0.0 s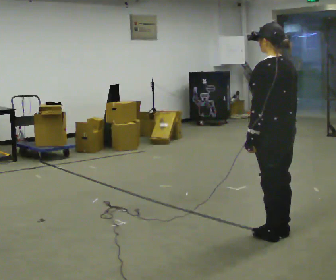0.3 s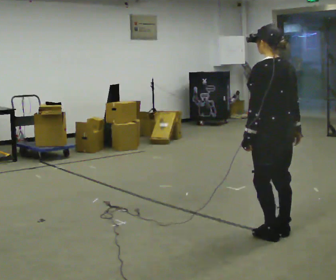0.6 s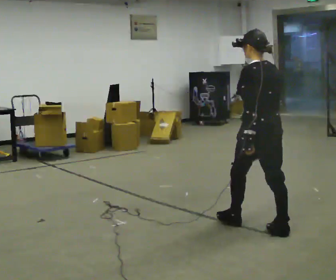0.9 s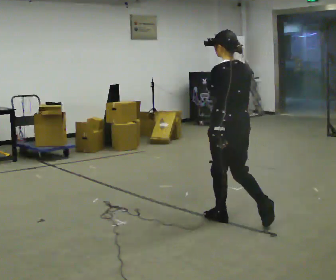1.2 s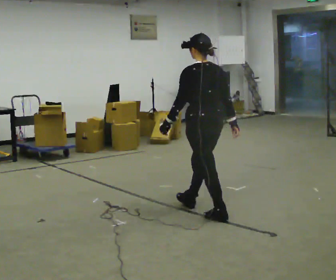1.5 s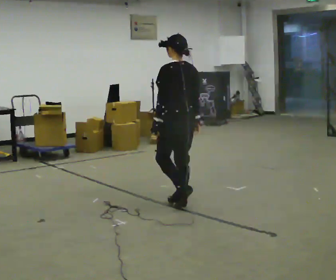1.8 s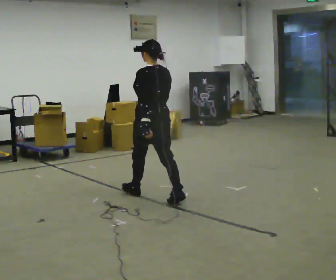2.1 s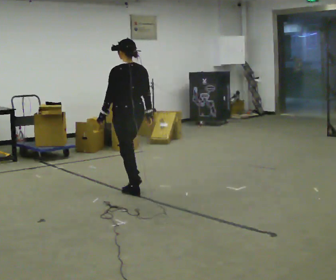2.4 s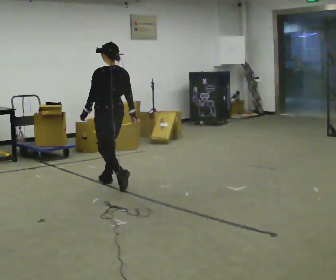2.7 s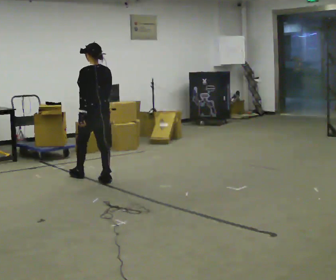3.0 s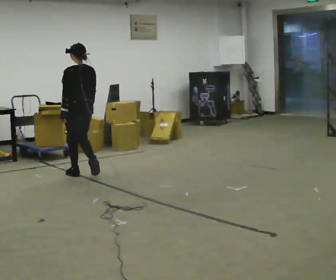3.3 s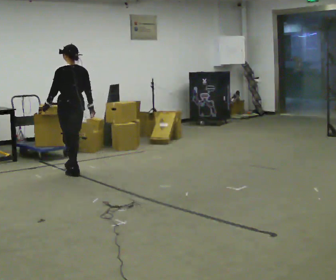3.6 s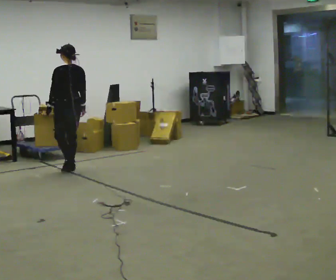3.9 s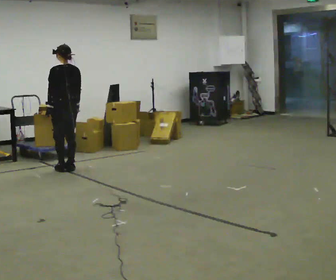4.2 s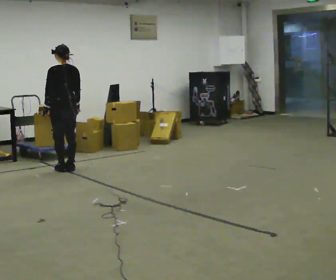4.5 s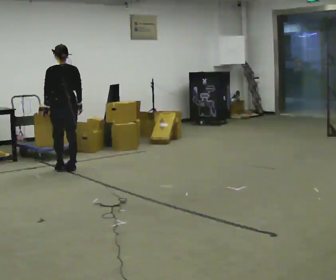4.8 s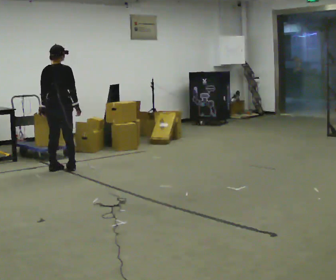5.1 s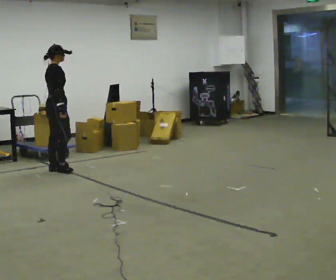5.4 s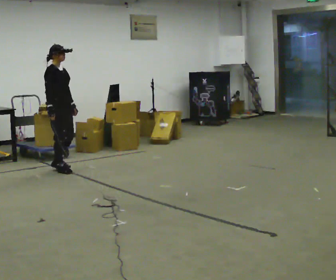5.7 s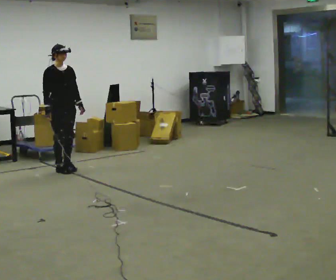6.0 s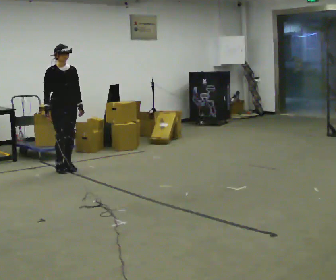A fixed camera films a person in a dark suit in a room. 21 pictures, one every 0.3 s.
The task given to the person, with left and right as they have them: Walk quickly but do not run; remain comfortable and controlled; stop.
0.0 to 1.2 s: In the picture they go away from the camera and to the left, about 1 m in 1 step, which for them is forward.
1.2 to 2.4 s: In the picture they go away from the camera and to the left, about 1.5 m in 3 steps, which for them is forward.
2.4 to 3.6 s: In the picture they go away from the camera and to the left, about 1 m in 2 steps, which for them is forward.
3.6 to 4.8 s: The person turns about 60 degrees to their right, clockwise seen from above, so the part of the body nearest the lens slides to the left. In the picture they go to the left, about 0.25 m in 1 step.
4.8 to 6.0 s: The part of the body nearest the lens slides to the left as the person turns to their right by about 120 degrees. In the picture their right hand goes to the left, the arm swinging clockwise.
The film runs forward here.
